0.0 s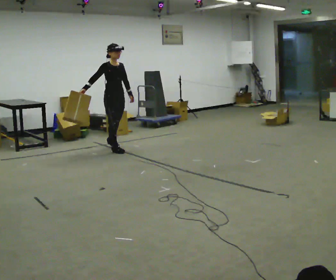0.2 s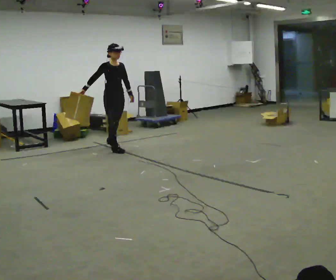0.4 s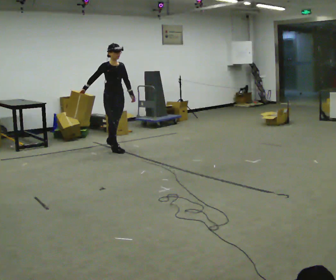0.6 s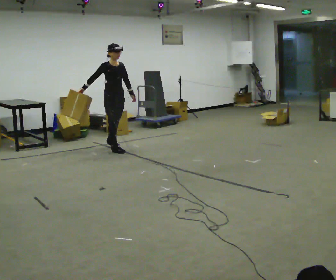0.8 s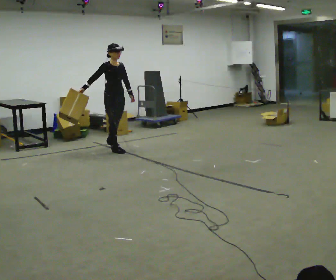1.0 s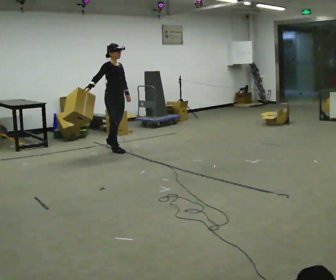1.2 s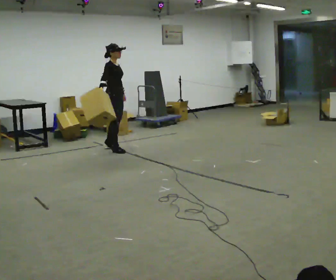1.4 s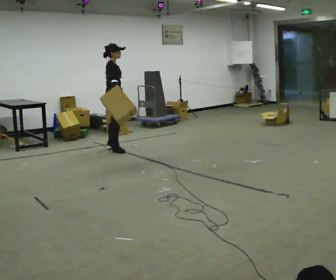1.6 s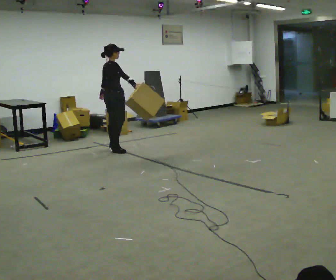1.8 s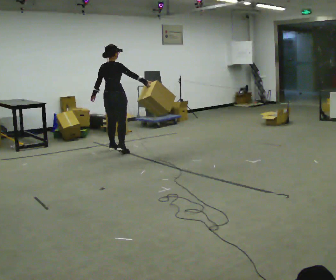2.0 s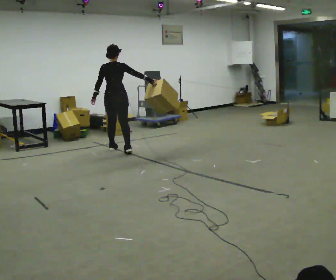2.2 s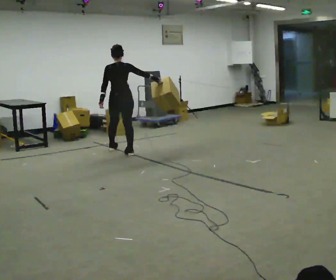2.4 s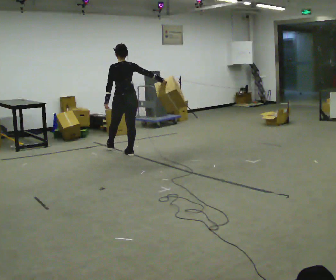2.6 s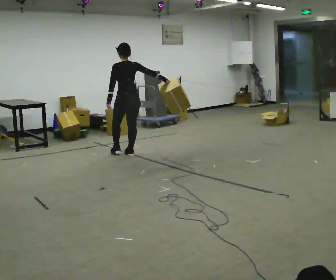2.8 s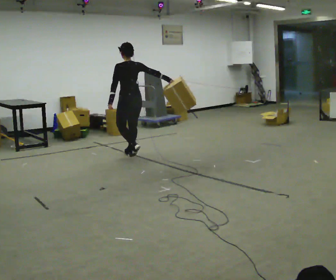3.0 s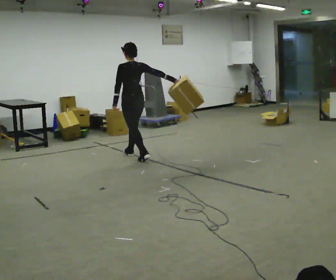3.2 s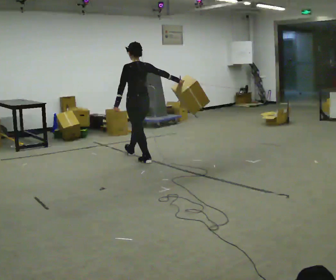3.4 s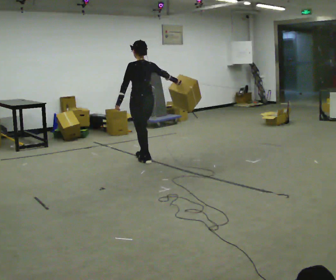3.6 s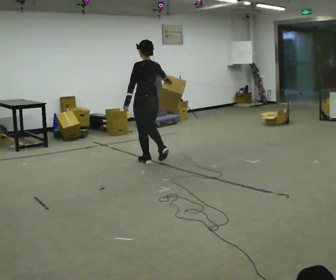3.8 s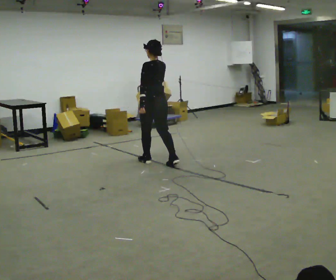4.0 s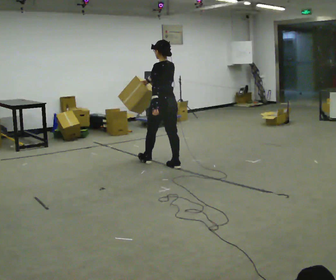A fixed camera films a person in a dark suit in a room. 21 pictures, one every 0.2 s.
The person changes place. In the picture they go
toward the camera.
The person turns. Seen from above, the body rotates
counterclockwise.
0.0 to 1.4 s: The part of the body nearest the lens slides to the right as the person turns to their left by about 45 degrees. In the picture their right hand goes to the right.
1.4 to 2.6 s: Seen from above the body turns counterclockwise, about 120 degrees: to their left, with its near side sliding to the right. In the picture they go toward the camera and to the right, about 0.5 m in 2 steps.
2.6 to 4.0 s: In the picture they go toward the camera and to the right, about 1 m in 1 step, which for them is backward.
The film runs backward here.
